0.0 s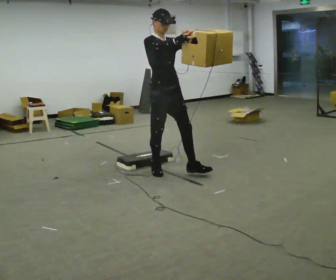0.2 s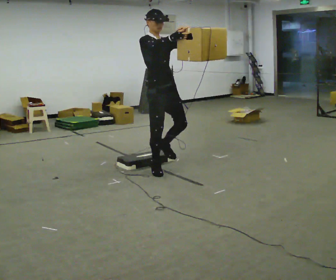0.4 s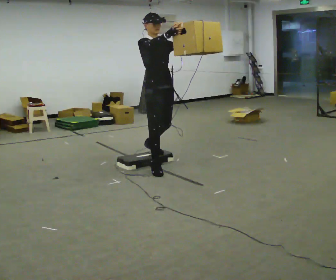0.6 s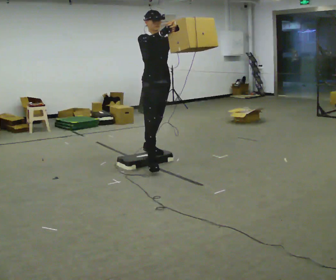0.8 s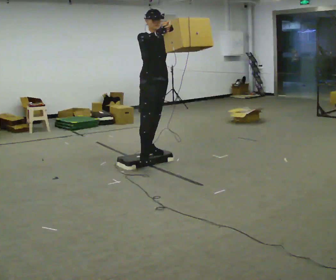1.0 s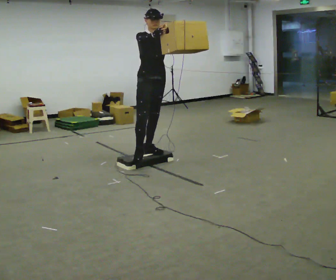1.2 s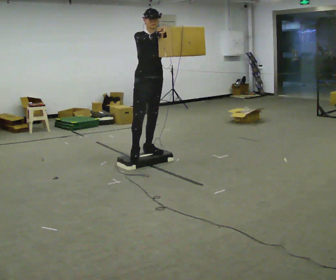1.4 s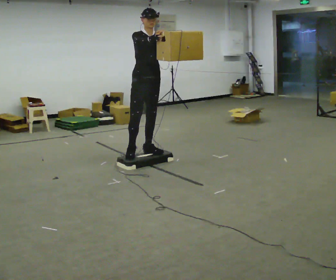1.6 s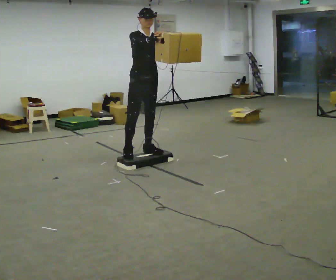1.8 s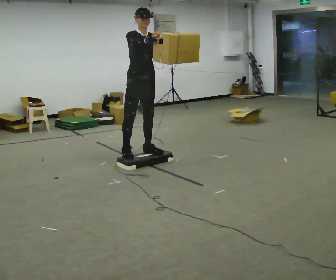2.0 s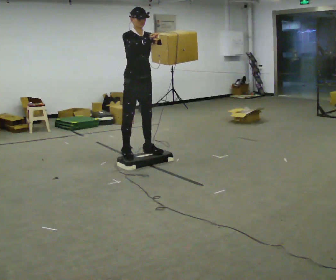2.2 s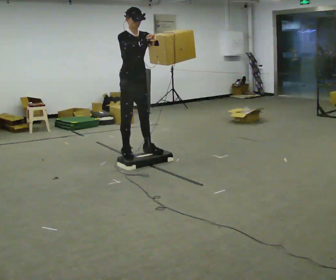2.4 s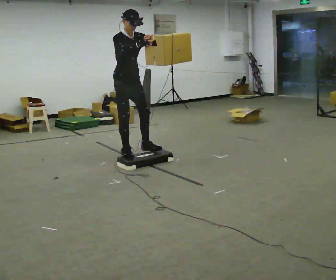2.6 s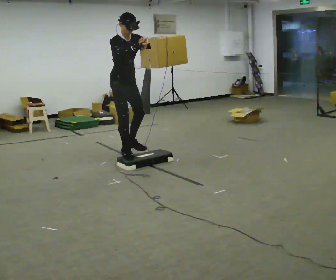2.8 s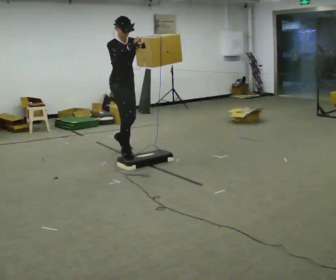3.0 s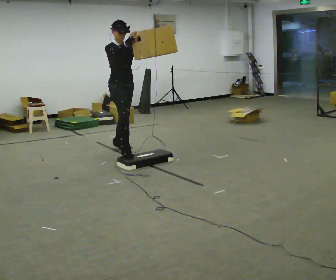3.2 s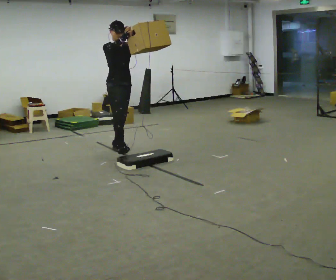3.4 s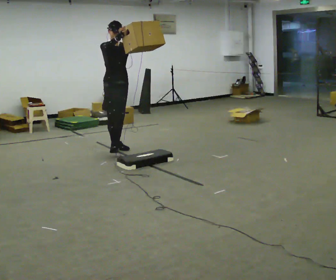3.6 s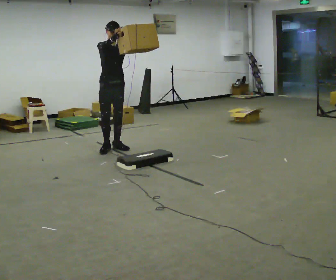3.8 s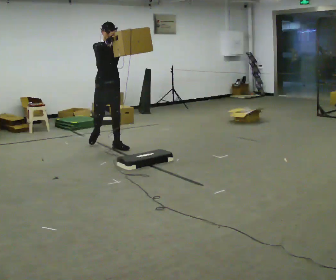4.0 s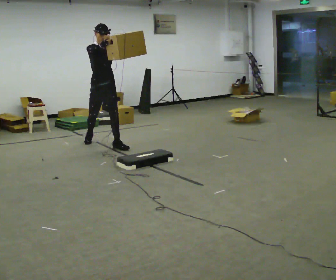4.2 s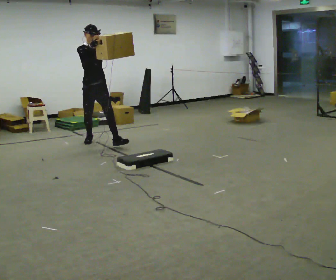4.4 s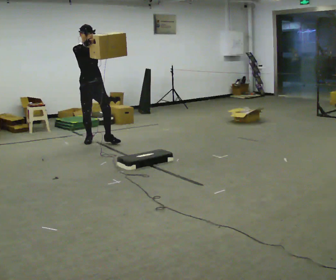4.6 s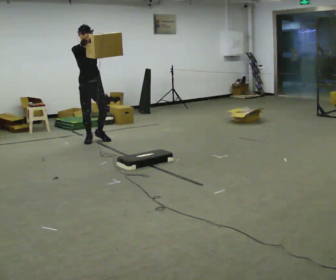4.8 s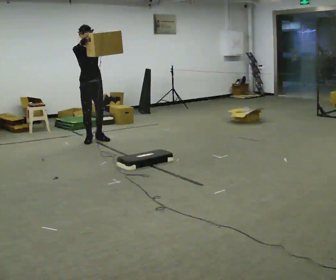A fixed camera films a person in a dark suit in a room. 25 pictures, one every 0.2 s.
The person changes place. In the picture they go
away from the camera.
0.0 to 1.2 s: In the picture they go away from the camera, about 0.5 m in 1 step, which for them is backward.
1.2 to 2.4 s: In the picture they go to the left, about 0.25 m in 1 step, which for them is to their right and backward. The upper body tips toward the camera, its near side rolling downward, as they bend forward.
2.4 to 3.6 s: In the picture they go away from the camera, about 0.75 m in 1 step, which for them is backward.
3.6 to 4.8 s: In the picture they go away from the camera and to the left, about 0.5 m in 1 step, which for them is backward.
The film runs backward here.
